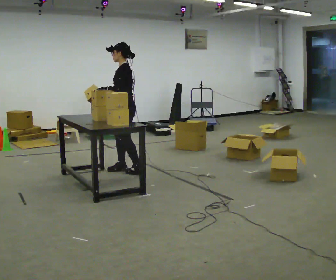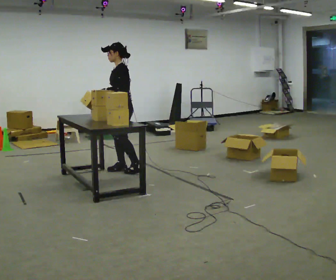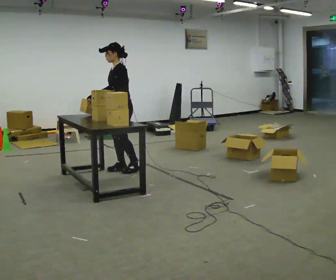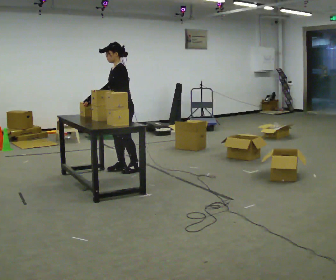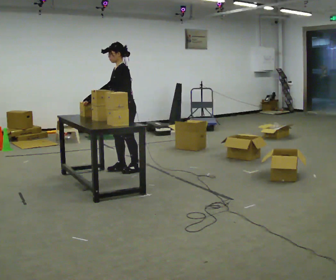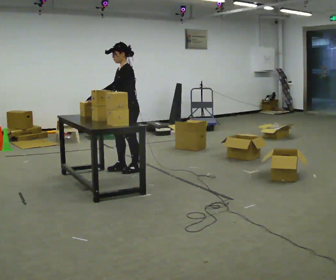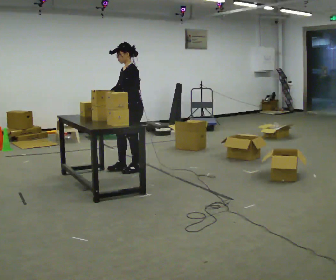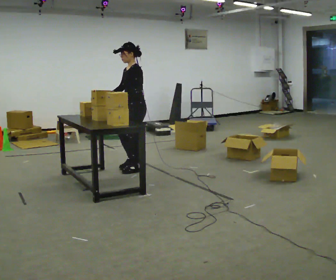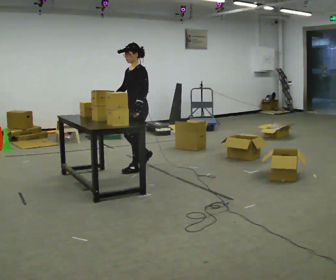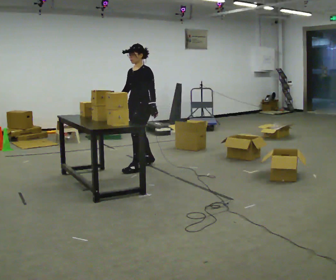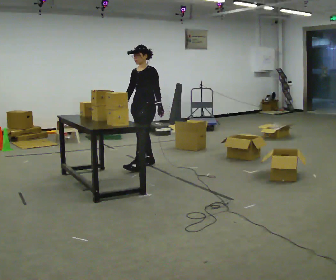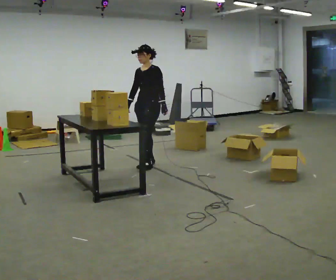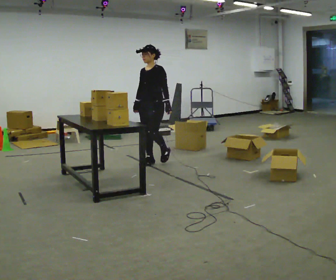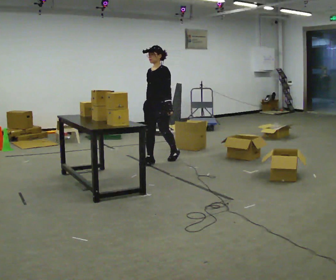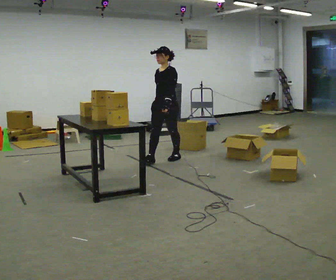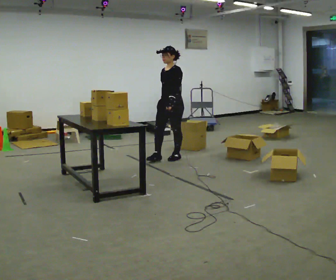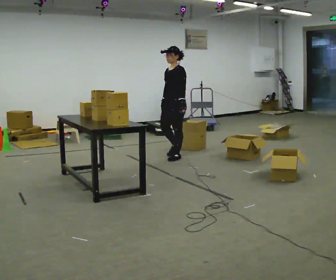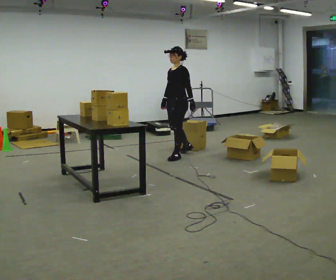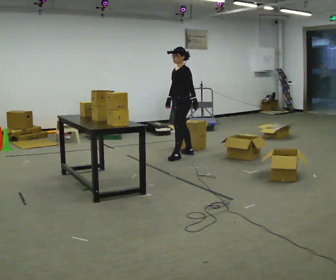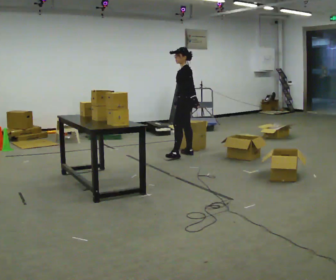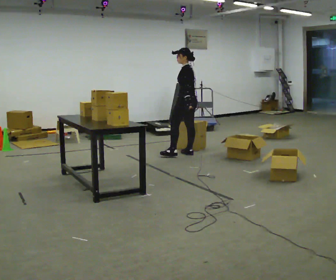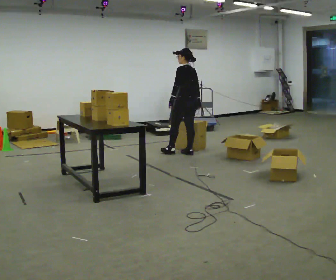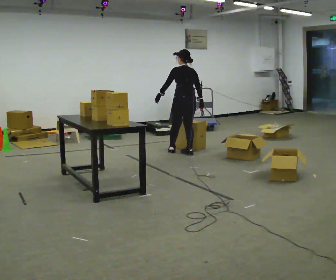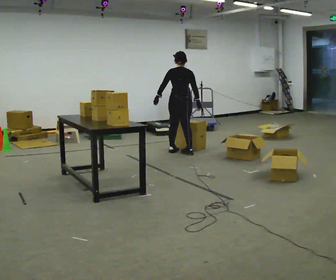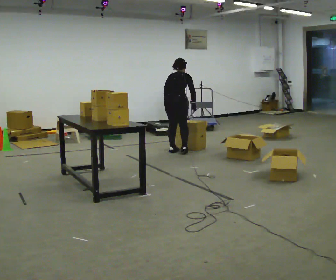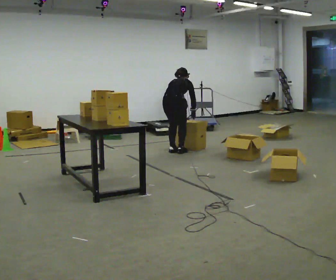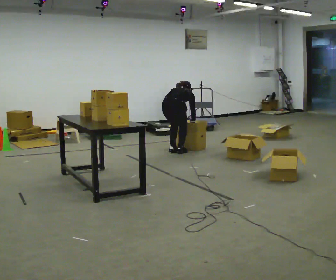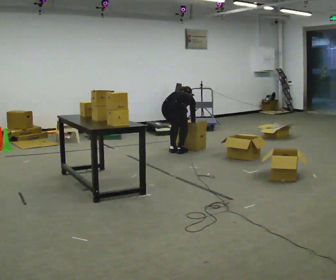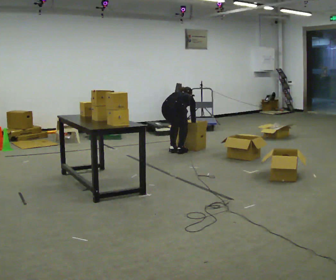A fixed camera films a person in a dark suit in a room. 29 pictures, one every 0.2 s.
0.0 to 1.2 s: The person moves a little, or ends about where they began.
1.2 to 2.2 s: The part of the body nearest the lens slides to the right as the person turns to their left by about 30 degrees. In the picture they go away from the camera and to the right, about 0.5 m in 2 steps, which for them is backward and to their right.
2.2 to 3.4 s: The part of the body nearest the lens slides to the left as the person turns to their right by about 30 degrees. In the picture they go to the right and away from the camera, about 0.5 m in 1 step, which for them is backward.
3.4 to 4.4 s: The part of the body nearest the lens slides to the left as the person turns to their right by about 90 degrees. In the picture they go away from the camera, about 0.25 m in 1 step. In the picture their left hand goes to the left, the arm swinging clockwise.
4.4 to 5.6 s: The person turns about 45 degrees to their right, clockwise seen from above, so the part of the body nearest the lens slides to the left. In the picture they go to the left, about 0.25 m in 1 step, which for them is to their left. The shoulders move downward. The upper body tips away from the camera, its near side rolling upward, as they bend forward. In the picture their left hand goes downward and to the right.
The film runs backward here.
